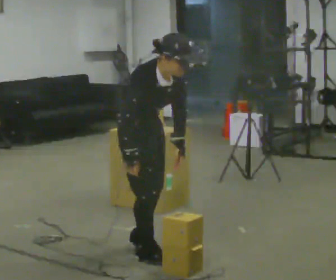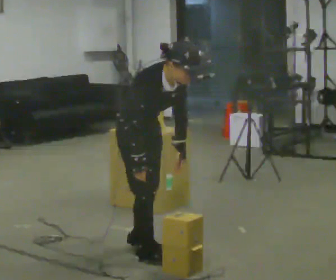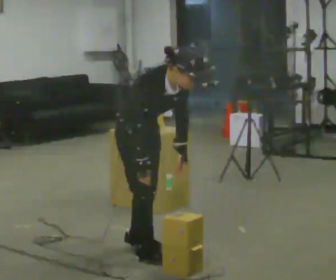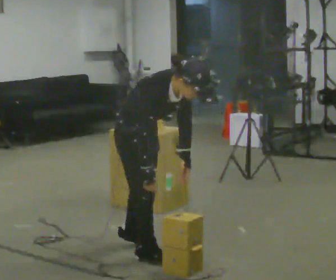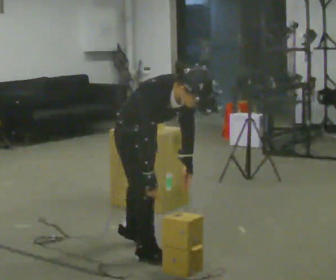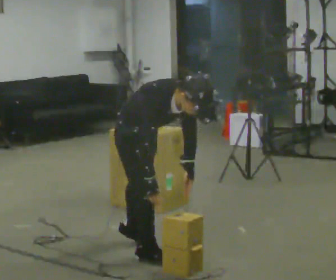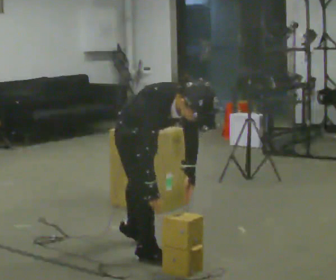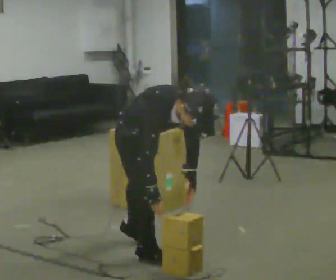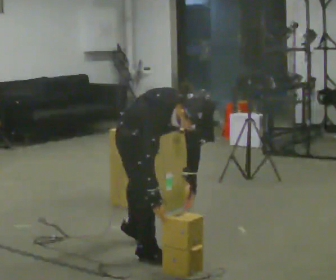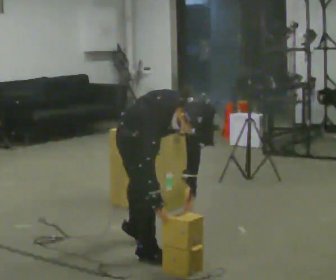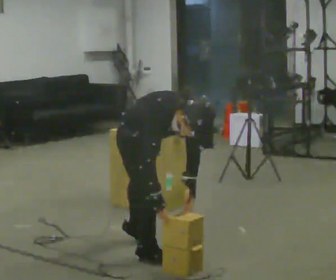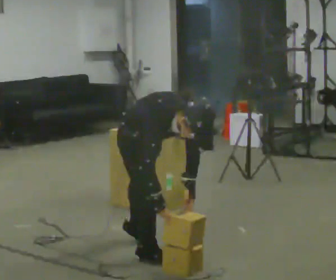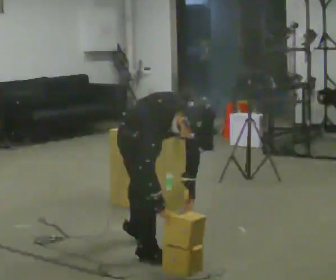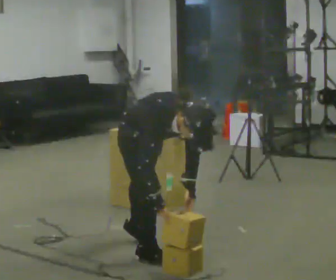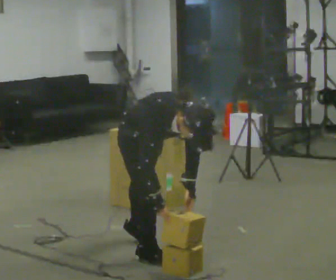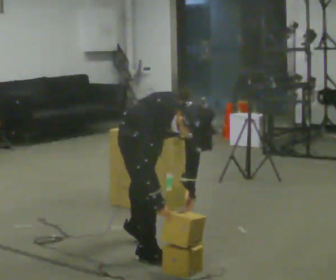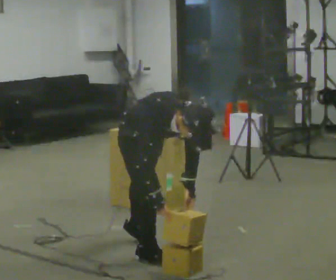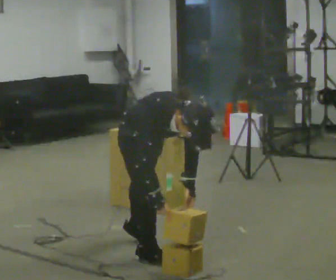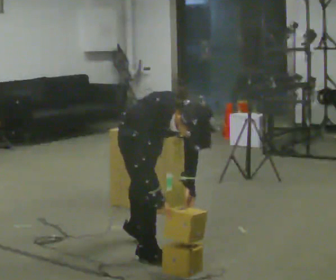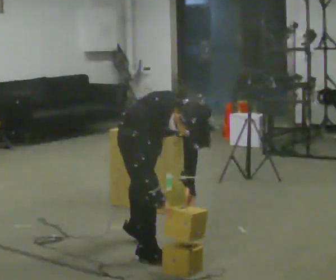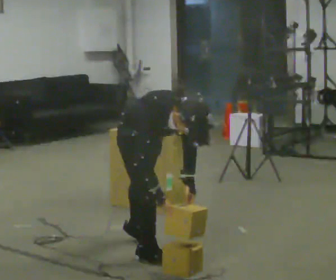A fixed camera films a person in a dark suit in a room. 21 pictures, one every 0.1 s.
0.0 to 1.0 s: The upper body goes downward. The upper body tips toward the camera, its near side rolling downward, as they bend forward.
1.0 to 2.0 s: The person keeps their place and pose.
The film runs backward here.
